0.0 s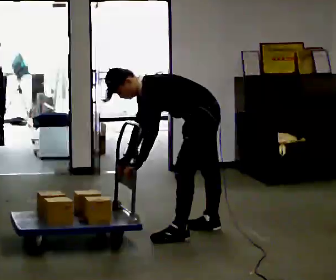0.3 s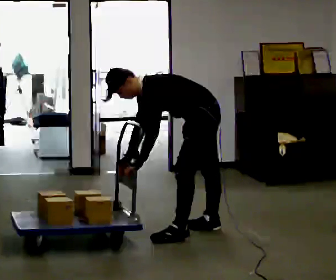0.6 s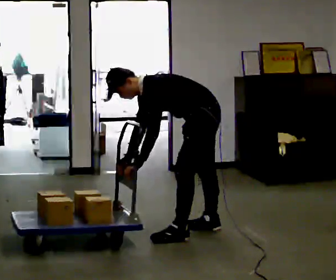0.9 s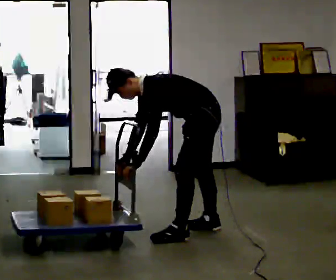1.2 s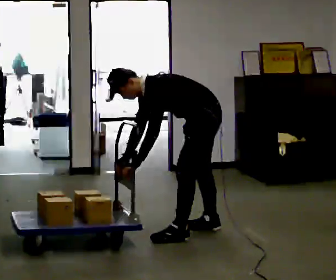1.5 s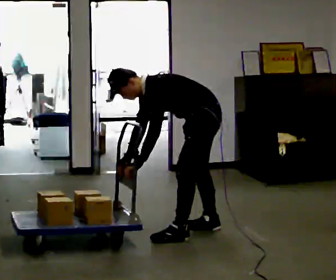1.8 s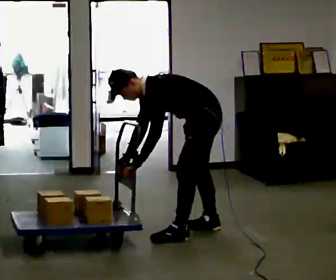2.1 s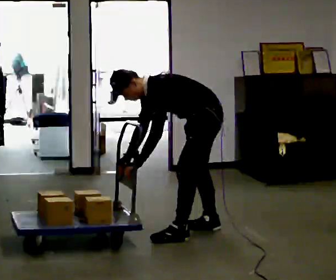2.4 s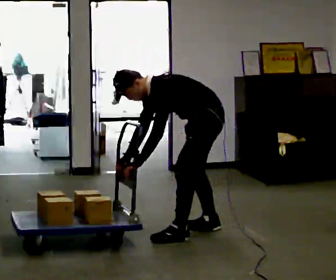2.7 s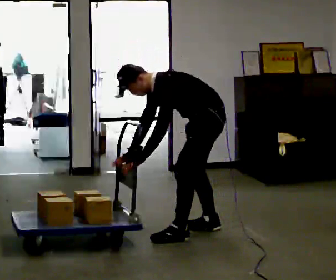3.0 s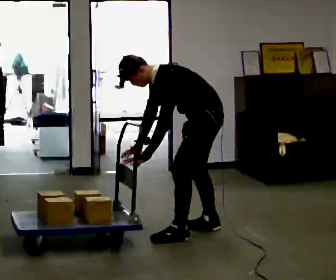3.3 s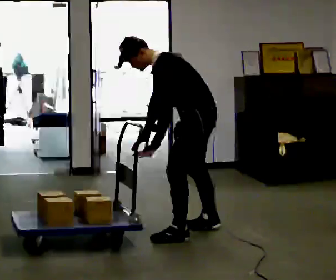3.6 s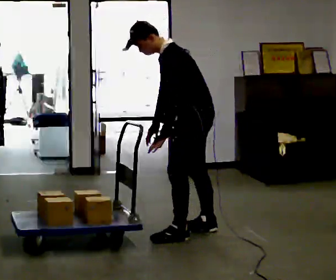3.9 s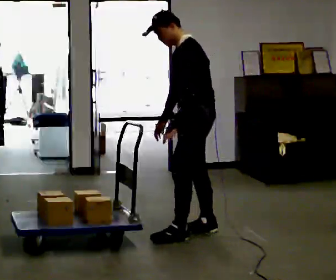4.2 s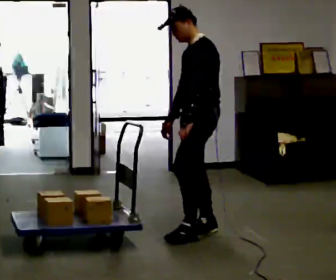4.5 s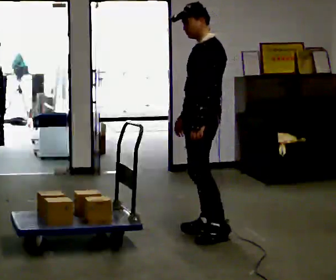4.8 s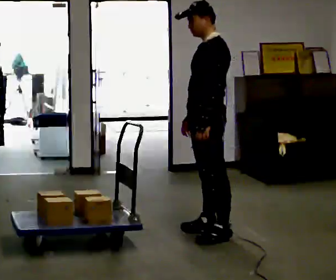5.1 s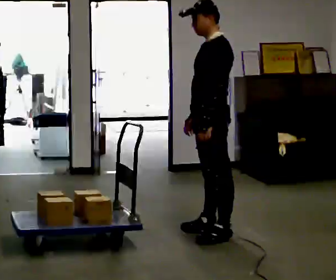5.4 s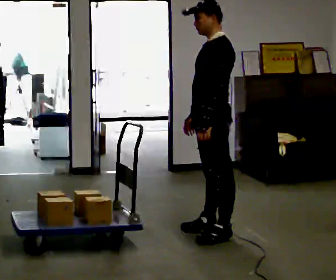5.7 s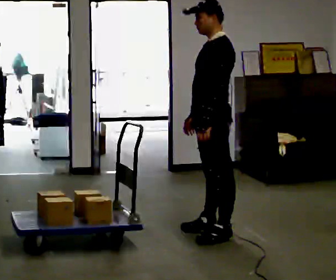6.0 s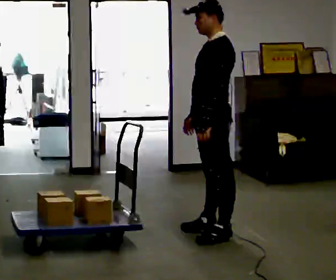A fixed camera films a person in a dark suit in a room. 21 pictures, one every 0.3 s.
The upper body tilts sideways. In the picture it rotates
clockwise.
The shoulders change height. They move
upward.
0.0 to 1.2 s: The person keeps their place and pose.
1.2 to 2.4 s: The person moves a little, or ends about where they began.
2.4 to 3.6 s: The upper body goes upward. In the picture the upper body tilts clockwise, shoulders to the right, as they lean back or straighten.
3.6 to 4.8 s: In the picture the upper body tilts clockwise, shoulders to the right, as they lean back or straighten. In the picture their left hand goes to the right.
4.8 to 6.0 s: The person moves a little, or ends about where they began.
The film runs backward here.
